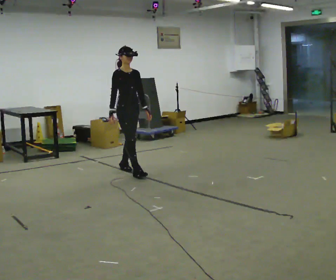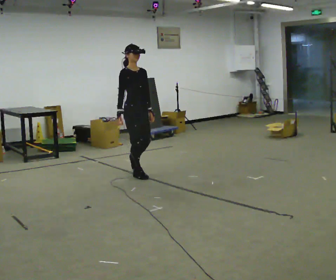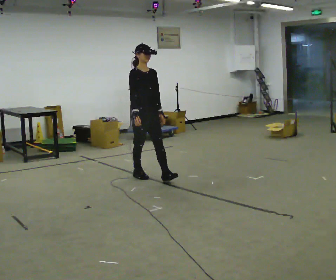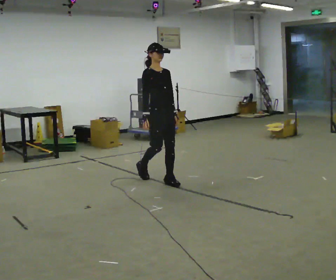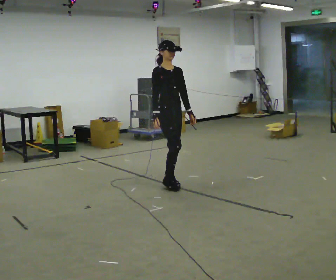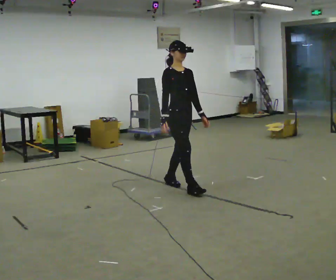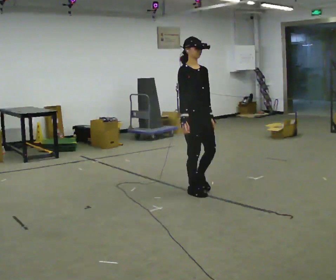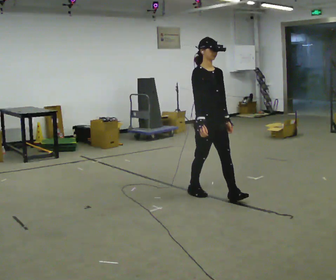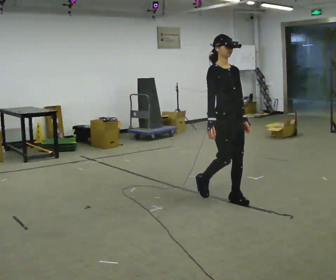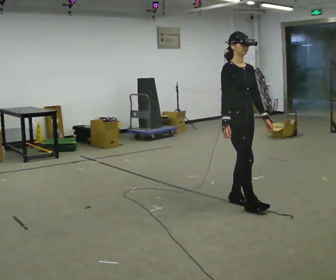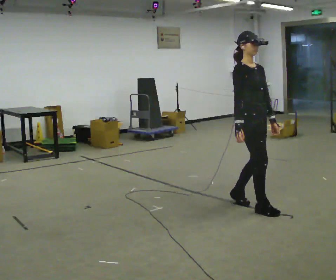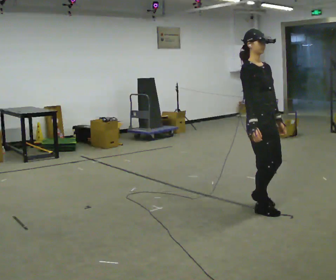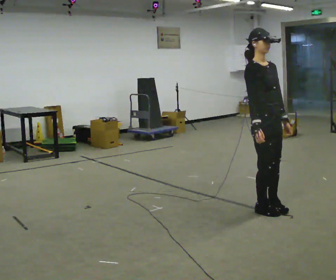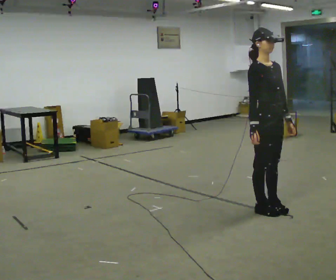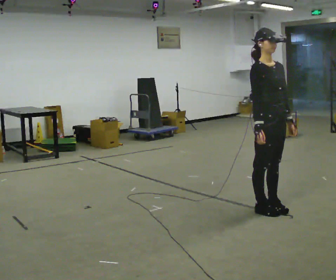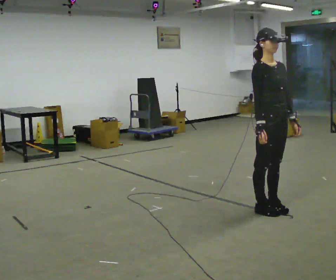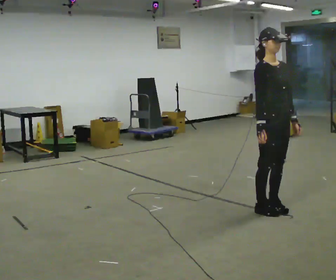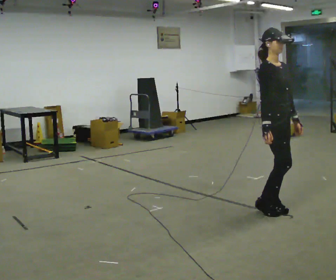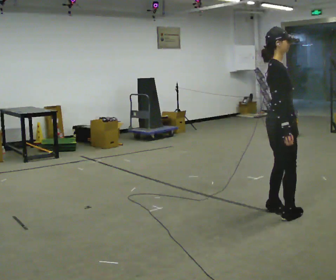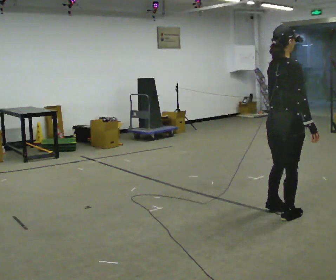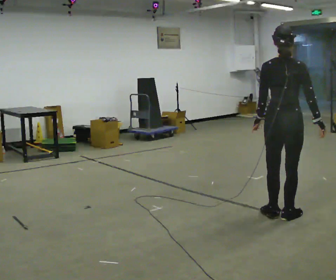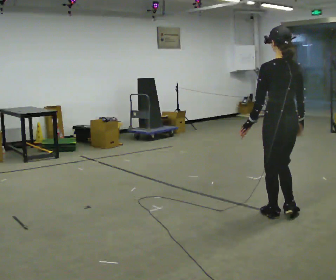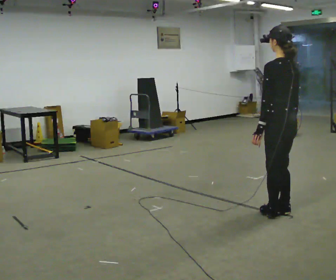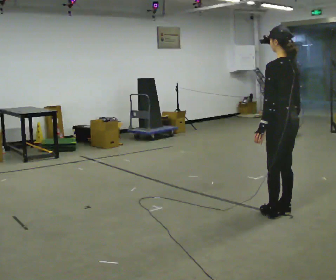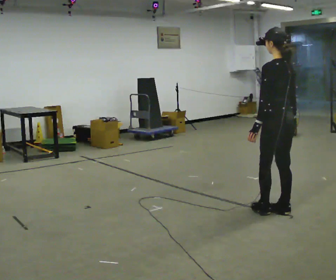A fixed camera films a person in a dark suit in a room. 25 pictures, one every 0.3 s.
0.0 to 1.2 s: In the picture they go to the right and toward the camera, about 1 m in 1 step, which for them is forward.
1.2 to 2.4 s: In the picture they go to the right and toward the camera, about 1 m in 2 steps, which for them is forward.
2.4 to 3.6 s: In the picture they go to the right and toward the camera, about 0.5 m in 2 steps, which for them is forward.
3.6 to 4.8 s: The person moves a little, or ends about where they began.
4.8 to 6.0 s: The person turns about 120 degrees to their left, counterclockwise seen from above, so the part of the body nearest the lens slides to the right. In the picture they go toward the camera, about 0.25 m in 2 steps. In the picture their right hand goes to the right.
6.0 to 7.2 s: The person turns about 60 degrees to their left, counterclockwise seen from above, so the part of the body nearest the lens slides to the right. In the picture they go away from the camera, about 0.25 m in 1 step, which for them is forward.
The film runs forward here.
